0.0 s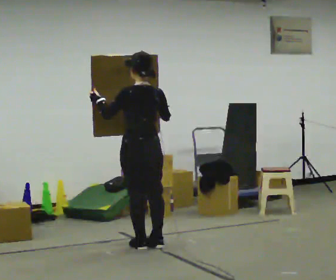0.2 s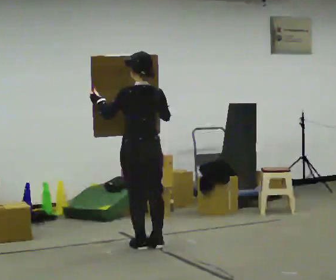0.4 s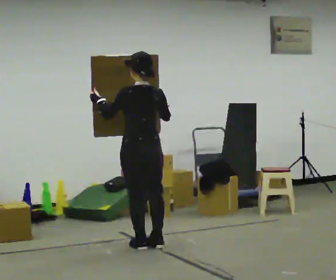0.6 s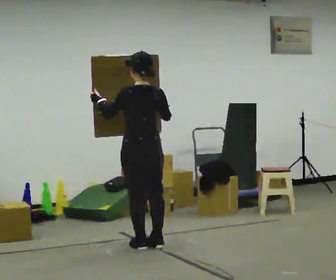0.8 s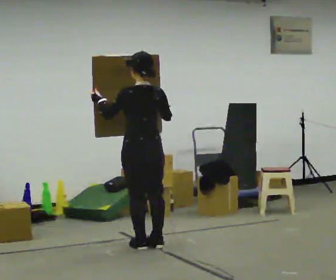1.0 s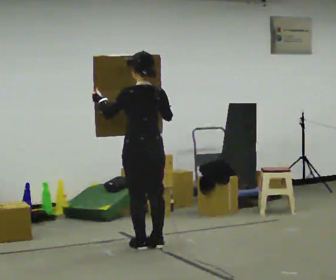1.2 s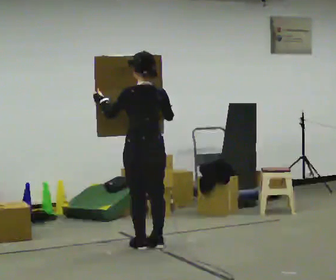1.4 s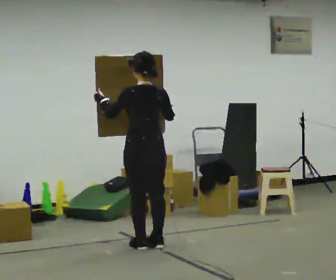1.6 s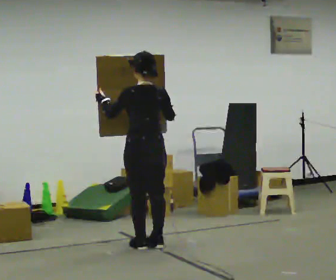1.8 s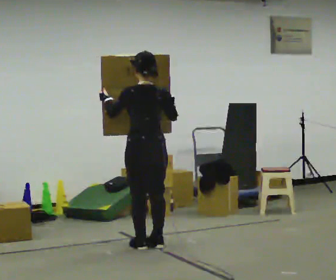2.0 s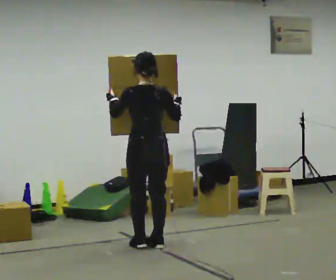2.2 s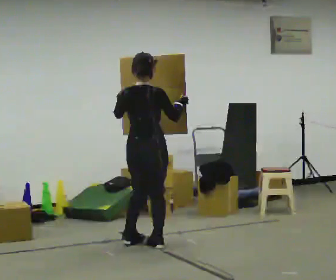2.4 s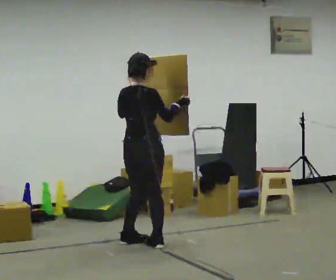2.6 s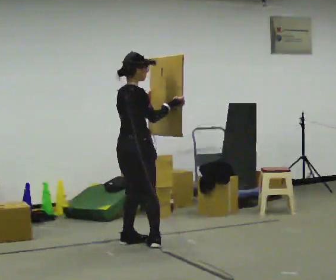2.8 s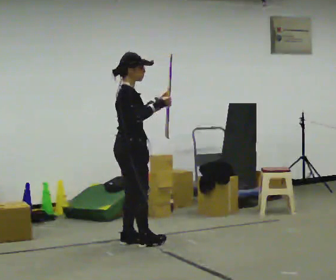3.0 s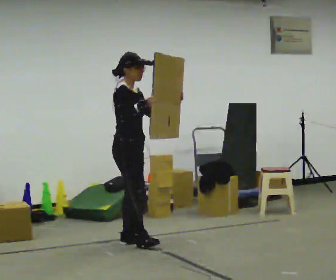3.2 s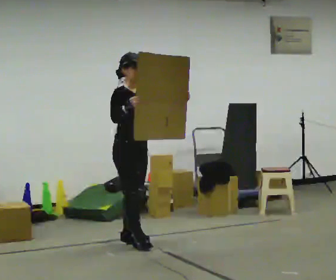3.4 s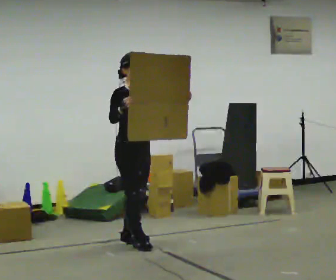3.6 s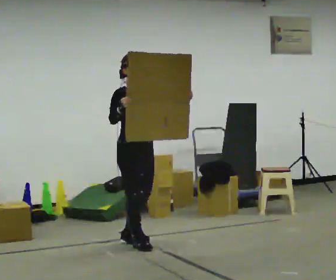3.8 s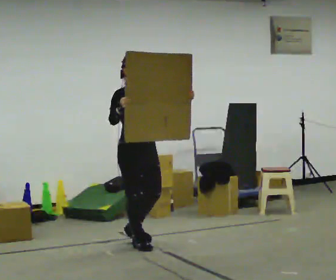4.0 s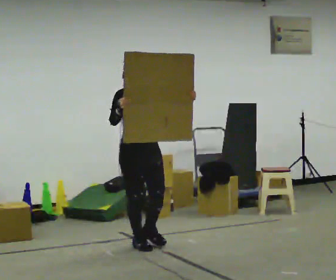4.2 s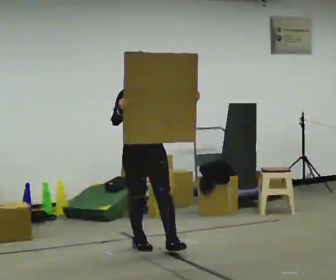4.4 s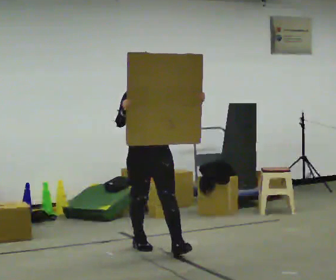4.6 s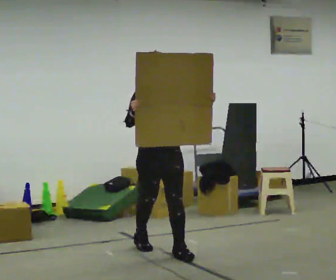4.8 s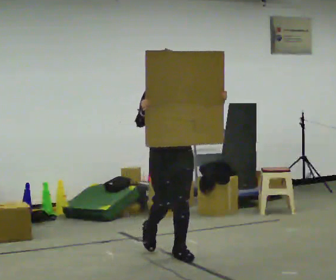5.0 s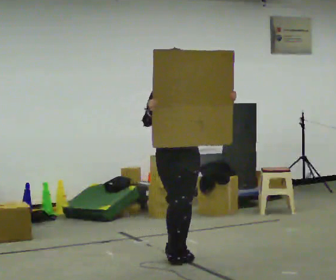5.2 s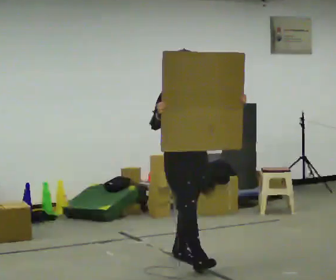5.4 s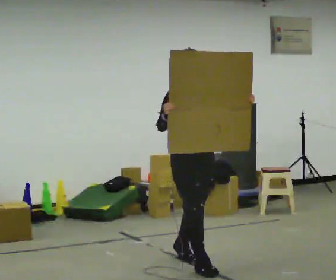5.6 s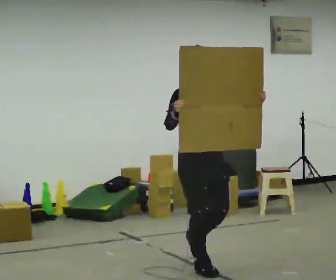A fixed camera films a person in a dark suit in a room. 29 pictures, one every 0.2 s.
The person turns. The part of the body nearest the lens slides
to the left.
The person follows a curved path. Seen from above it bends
counterclockwise.
0.0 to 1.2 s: The person moves a little, or ends about where they began.
1.2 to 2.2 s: The person turns about 45 degrees to their right, clockwise seen from above, so the part of the body nearest the lens slides to the left.
2.2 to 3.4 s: Seen from above the body turns clockwise, about 105 degrees: to their right, with its near side sliding to the left. In the picture their left hand goes to the right.
3.4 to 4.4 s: The person turns about 30 degrees to their right, clockwise seen from above, so the part of the body nearest the lens slides to the left. In the picture they go toward the camera and to the right, about 0.25 m in 1 step, which for them is forward.
4.4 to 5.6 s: In the picture they go toward the camera and to the right, about 1 m in 1 step, which for them is forward.
The film runs forward here.
